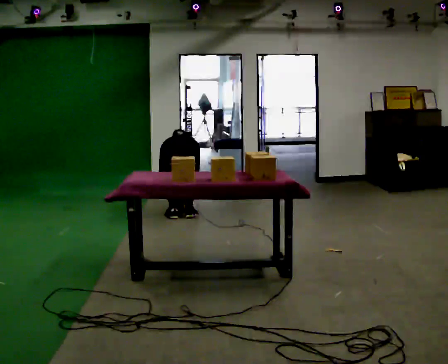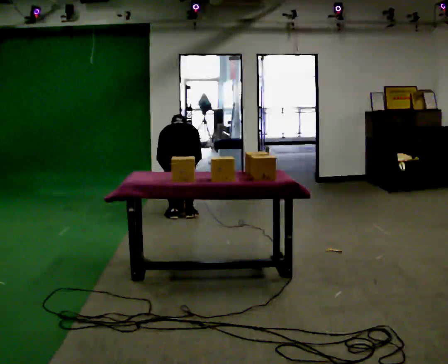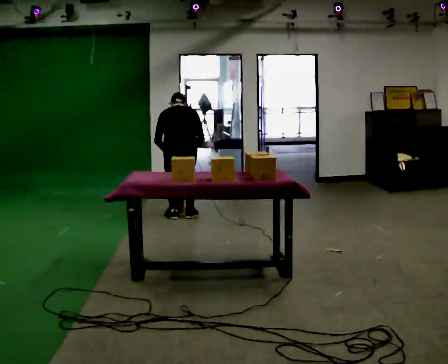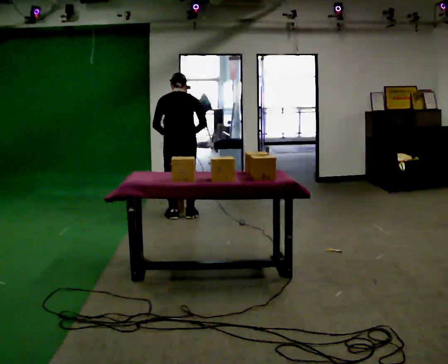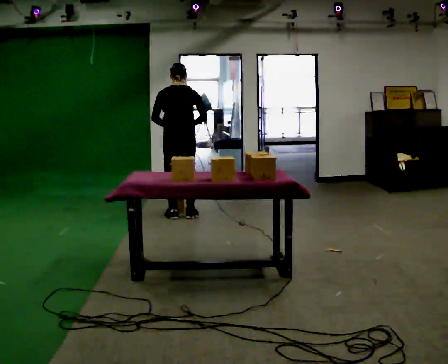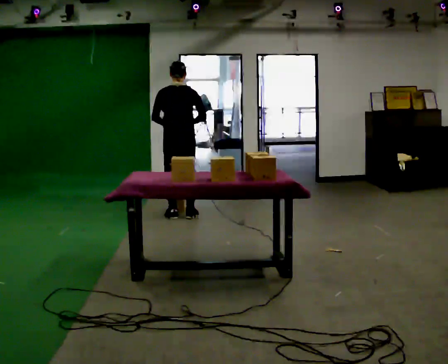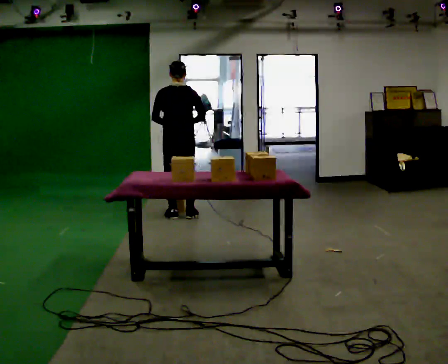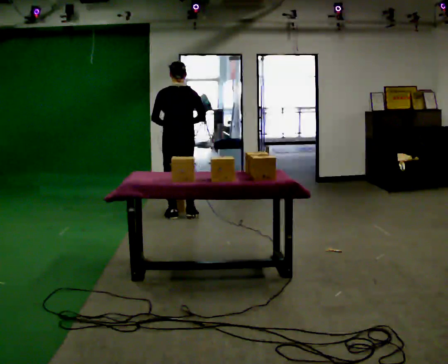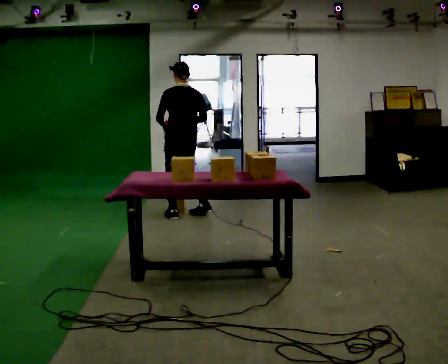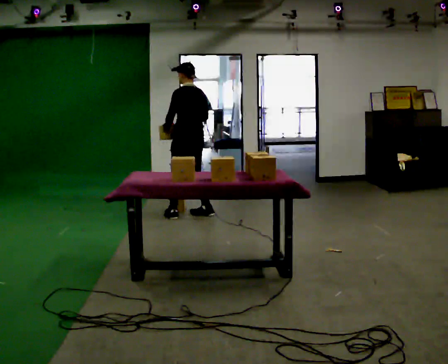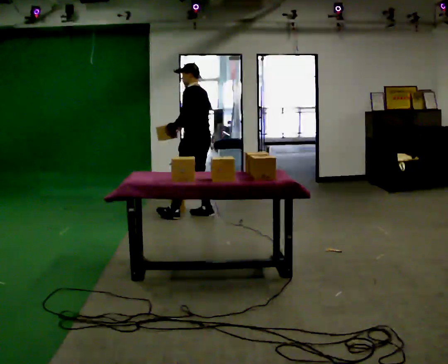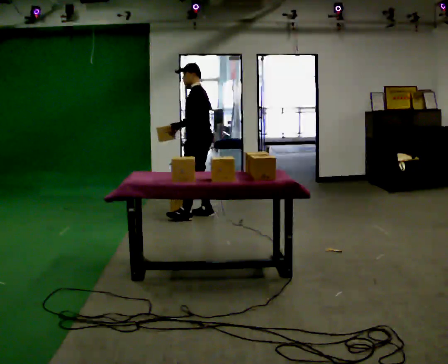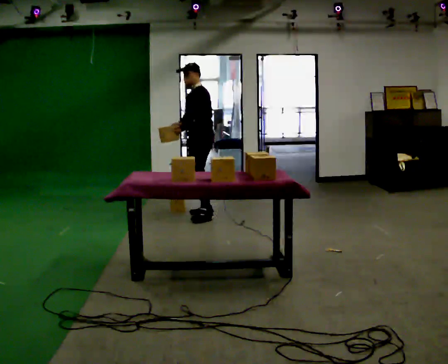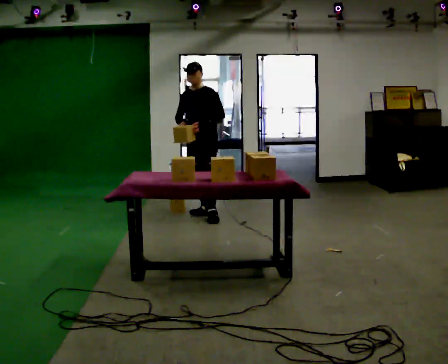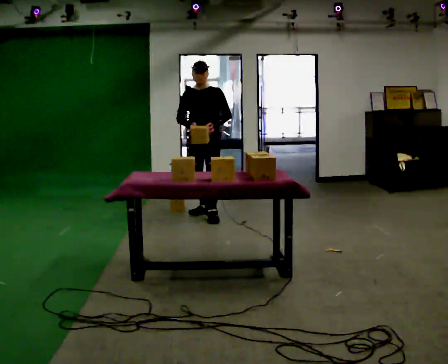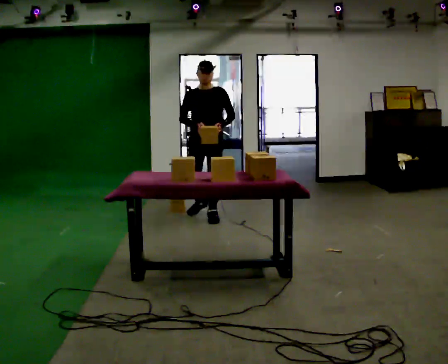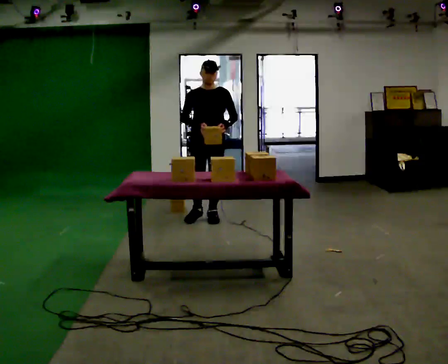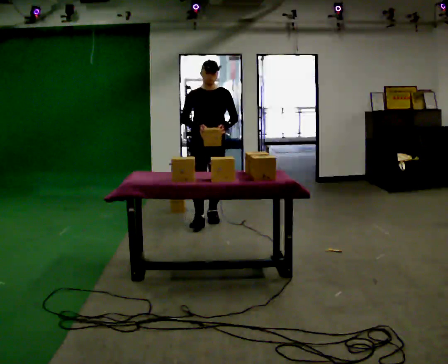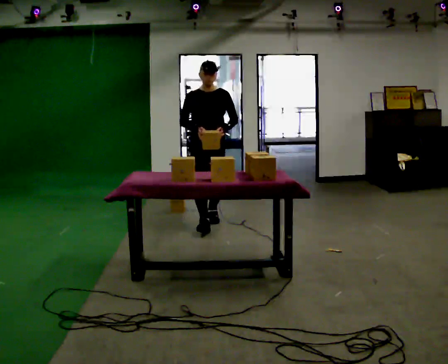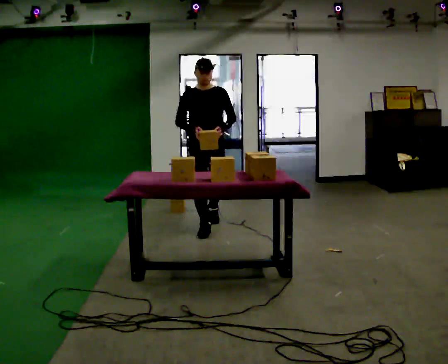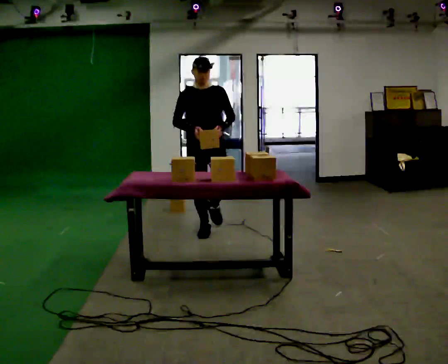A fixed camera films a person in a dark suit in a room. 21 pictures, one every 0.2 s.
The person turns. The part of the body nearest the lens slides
to the right.
The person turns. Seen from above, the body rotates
counterclockwise.
0.0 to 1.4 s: In the picture they go away from the camera, about 0.25 m, which for them is forward. The shoulders move upward. The upper body tips toward the camera, its near side rolling downward, as they lean back or straighten. In the picture their right hand goes upward.
1.4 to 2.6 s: The part of the body nearest the lens slides to the right as the person turns to their left by about 135 degrees. In the picture they go to the right, about 0.25 m in 2 steps.
2.6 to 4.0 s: Seen from above the body turns counterclockwise, about 45 degrees: to their left, with its near side sliding to the right. In the picture they go toward the camera, about 0.75 m in 1 step, which for them is forward.
The film runs forward here.
